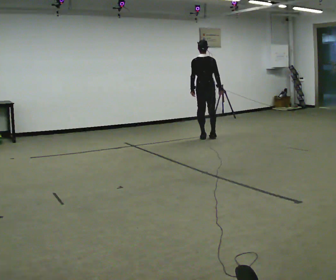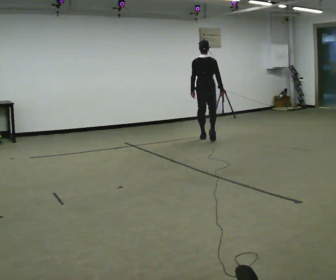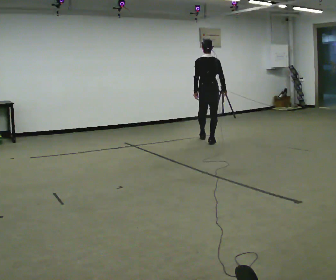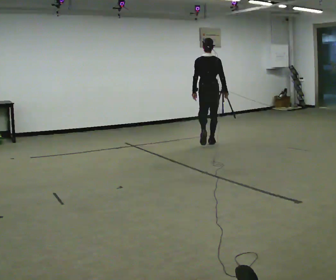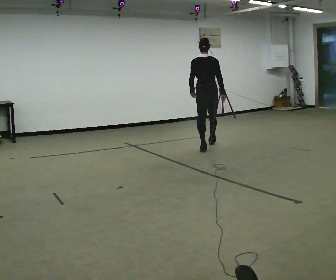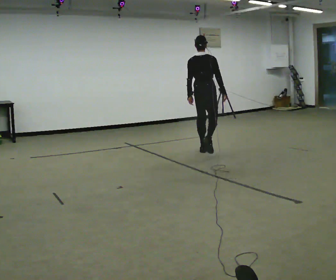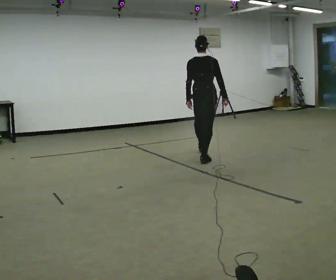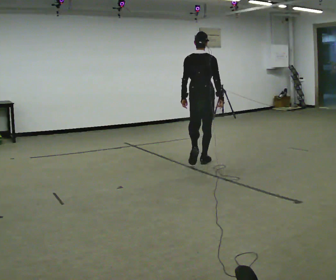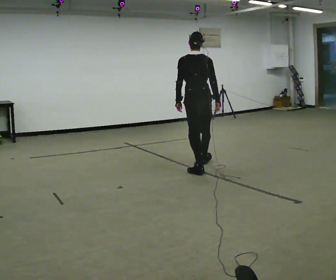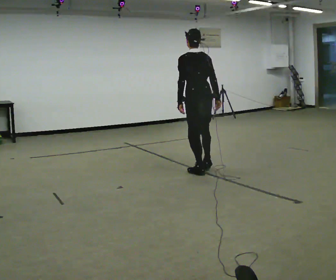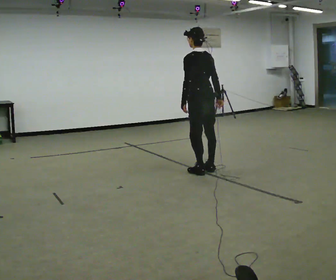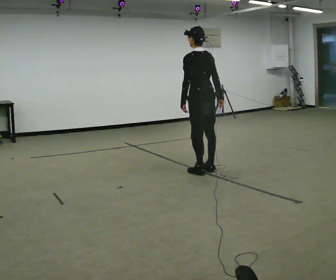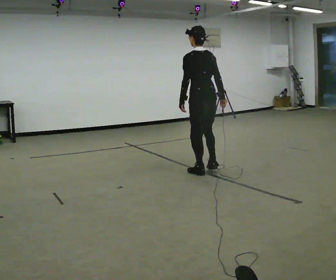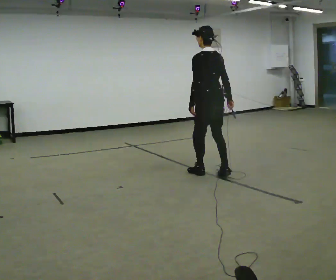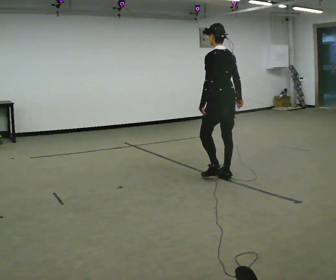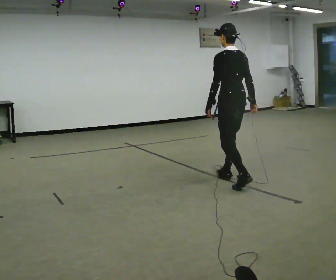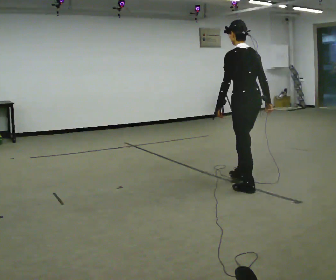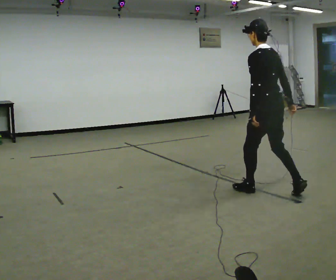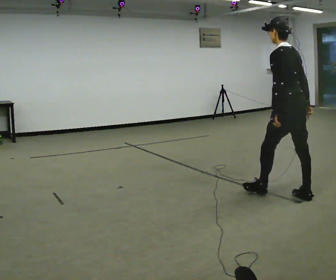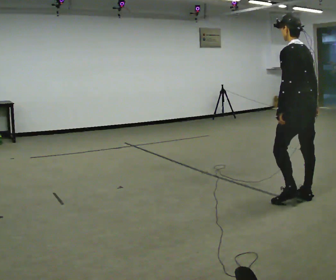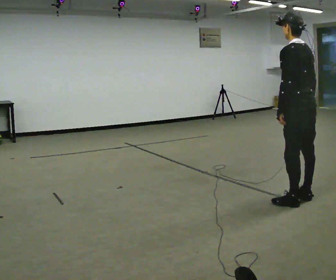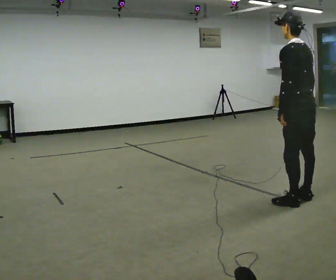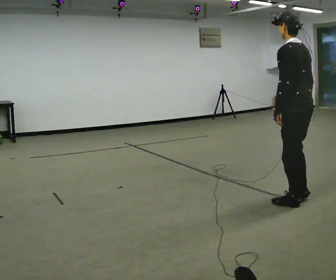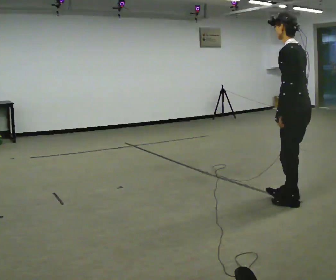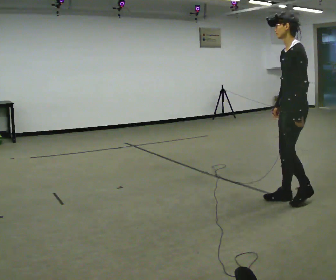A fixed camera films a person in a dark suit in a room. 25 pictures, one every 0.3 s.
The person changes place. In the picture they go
toward the camera.
0.0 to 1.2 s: In the picture they go toward the camera, about 1 m in 2 steps, which for them is backward.
1.2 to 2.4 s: In the picture they go toward the camera, about 1 m in 2 steps, which for them is backward.
2.4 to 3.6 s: Seen from above the body turns counterclockwise, about 30 degrees: to their left, with its near side sliding to the right. In the picture they go toward the camera, about 0.25 m in 1 step, which for them is backward and to their left.
3.6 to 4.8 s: In the picture they go toward the camera and to the right, about 1 m in 2 steps, which for them is backward.
4.8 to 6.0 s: In the picture they go toward the camera and to the right, about 0.75 m in 1 step, which for them is backward.
6.0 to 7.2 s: The part of the body nearest the lens slides to the right as the person turns to their left by about 60 degrees. In the picture their right hand goes to the left.
The film runs backward here.
